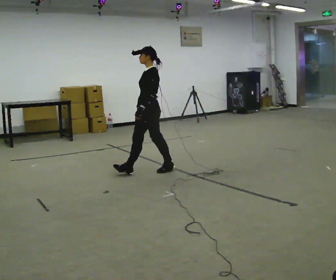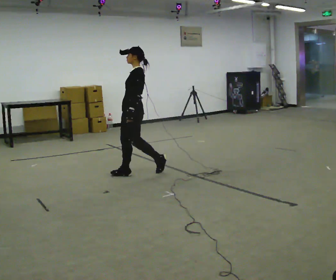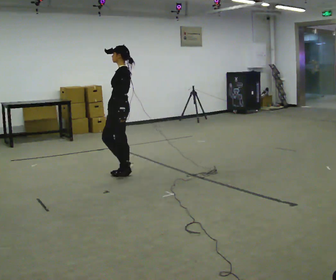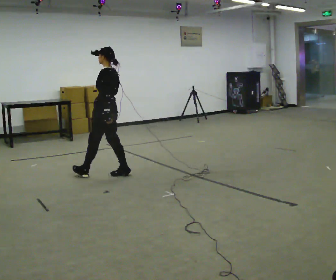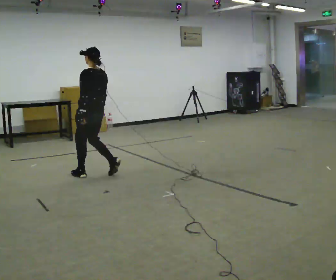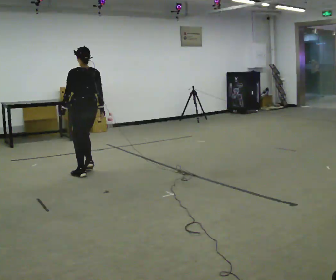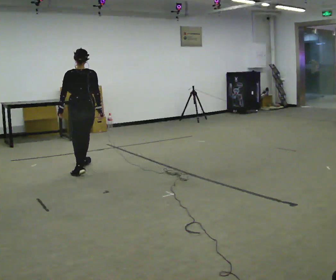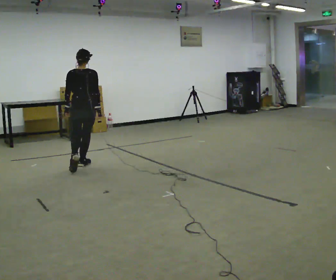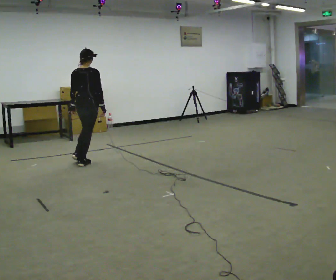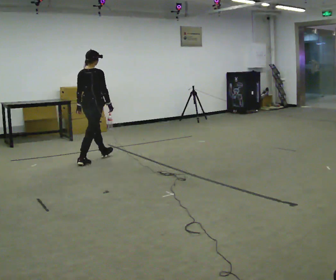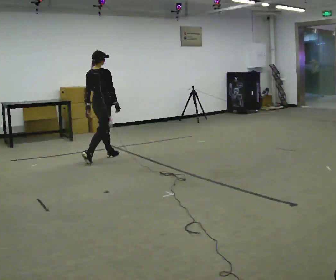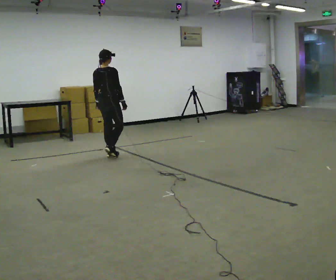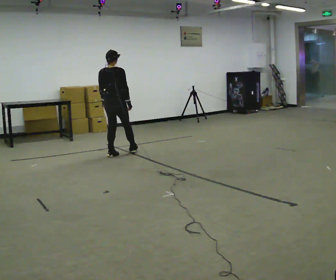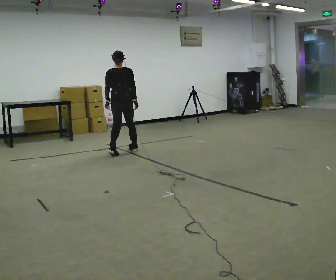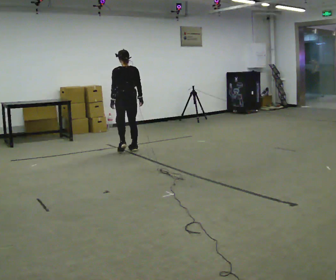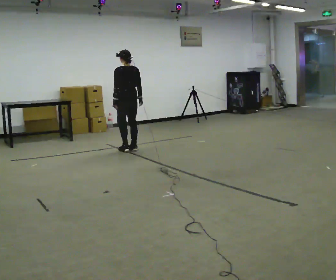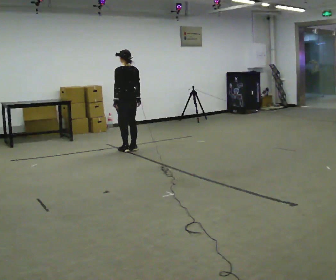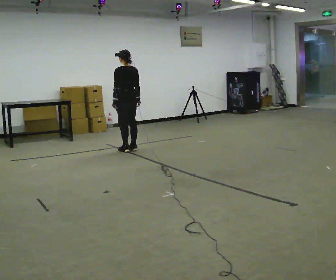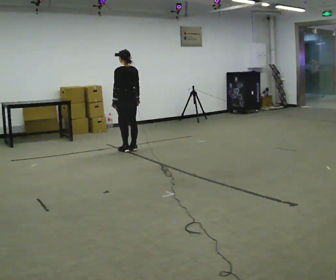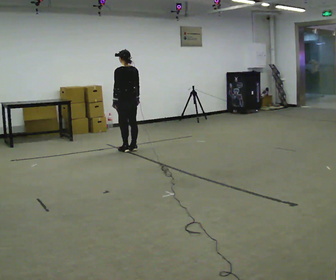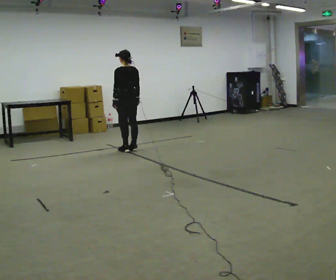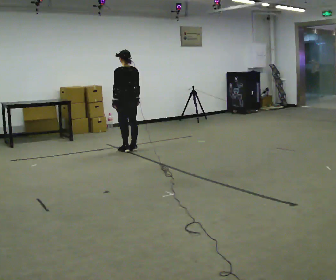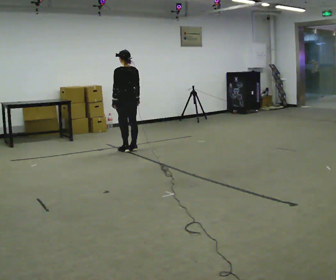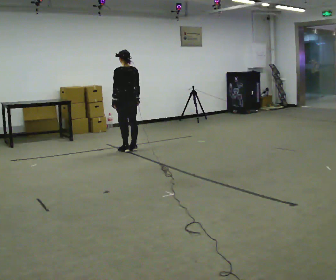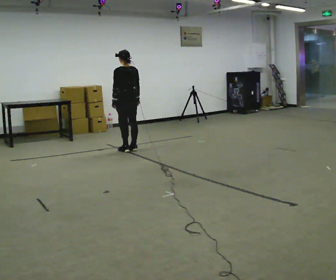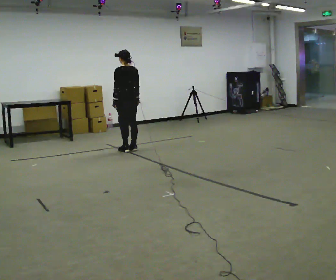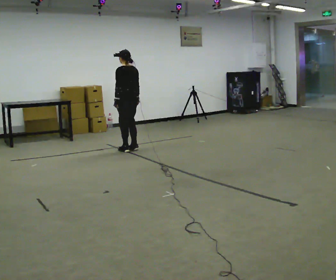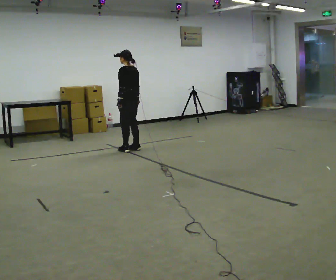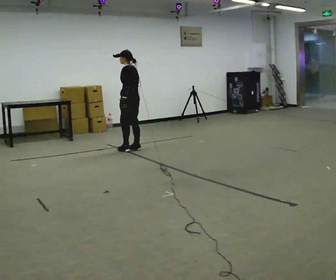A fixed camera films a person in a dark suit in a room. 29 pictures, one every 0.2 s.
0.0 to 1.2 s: The part of the body nearest the lens slides to the left as the person turns to their right by about 90 degrees. In the picture they go to the left, about 1 m in 3 steps.
1.2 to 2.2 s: The person turns about 45 degrees to their right, clockwise seen from above, so the part of the body nearest the lens slides to the left. In the picture they go away from the camera and to the right, about 1 m in 1 step, which for them is forward.
2.2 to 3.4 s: The person turns about 75 degrees to their left, counterclockwise seen from above, so the part of the body nearest the lens slides to the right. In the picture they go away from the camera and to the right, about 0.5 m in 2 steps.
3.4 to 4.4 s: The person moves a little, or ends about where they began.
4.4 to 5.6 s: Seen from above the body turns counterclockwise, about 45 degrees: to their left, with its near side sliding to the right.
The film runs forward here.
